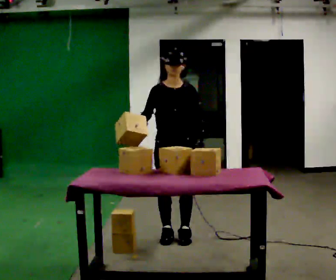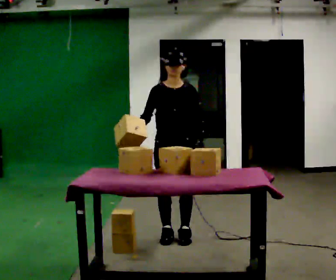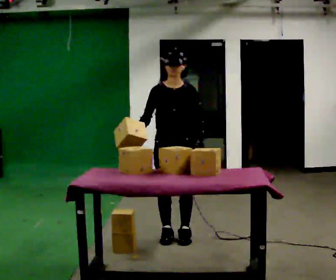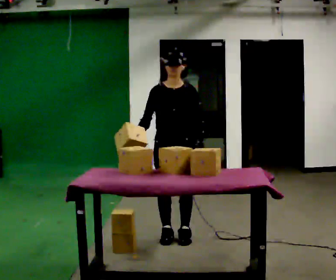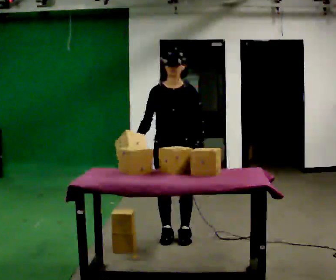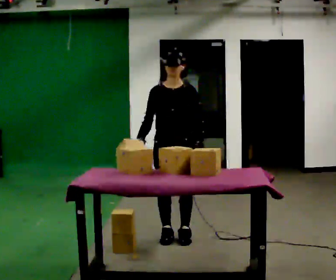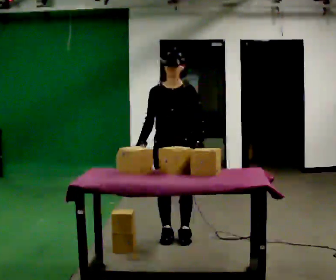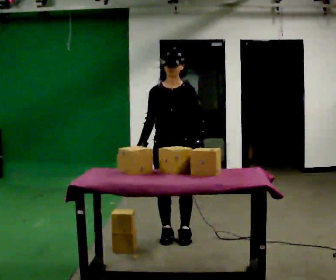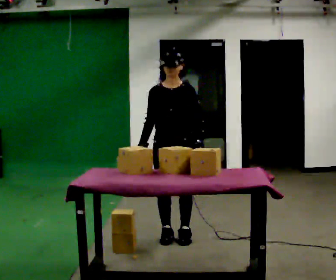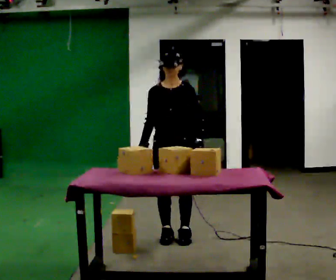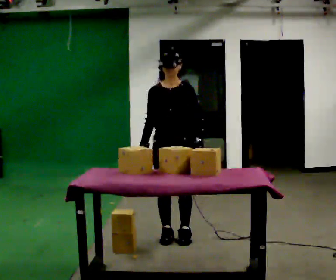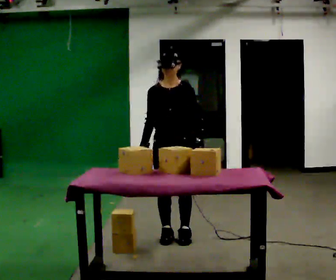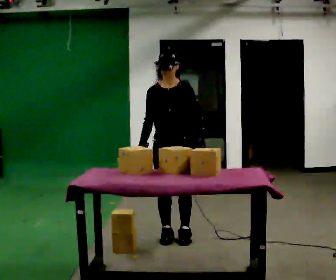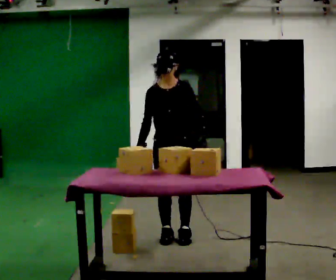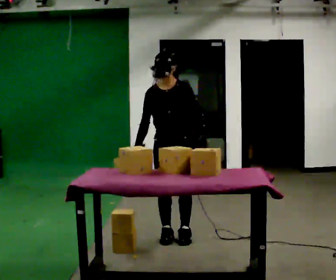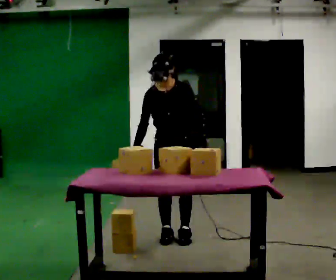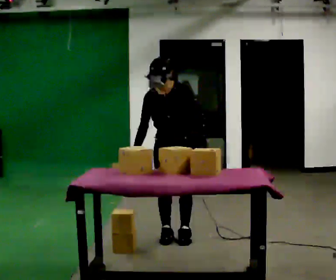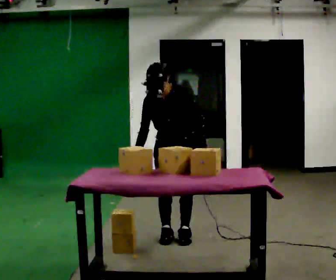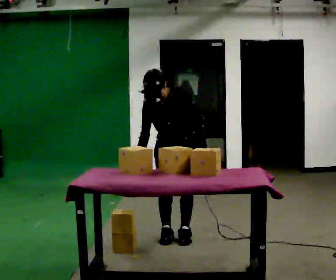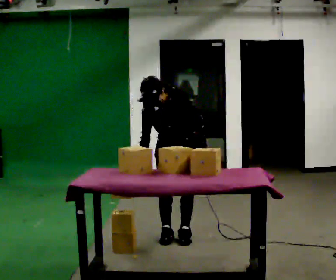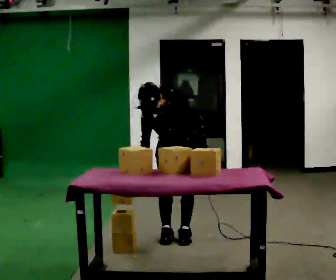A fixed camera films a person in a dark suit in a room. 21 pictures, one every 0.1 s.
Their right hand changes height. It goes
downward.
The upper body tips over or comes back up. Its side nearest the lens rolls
downward.
0.0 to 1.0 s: The person moves a little, or ends about where they began.
1.0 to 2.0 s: The upper body tips toward the camera, its near side rolling downward, as they bend forward.
The film runs backward here.
